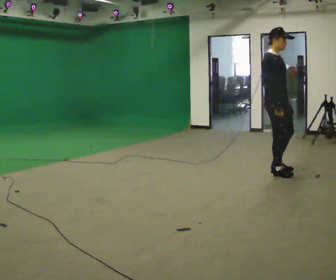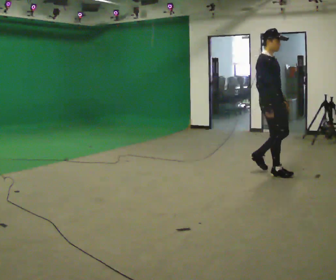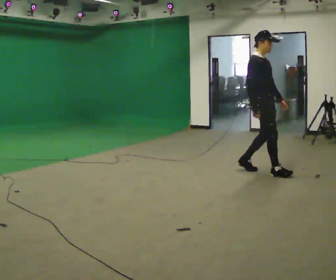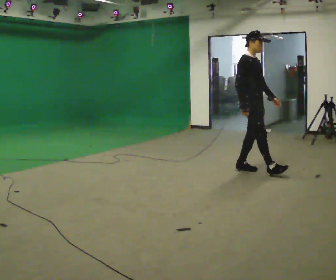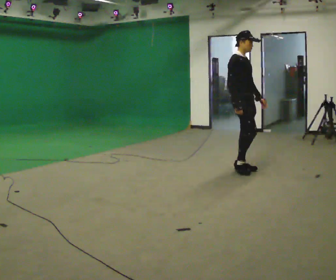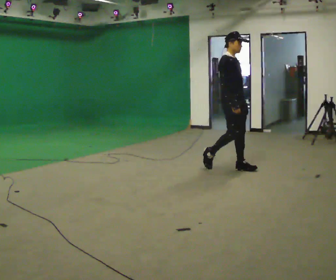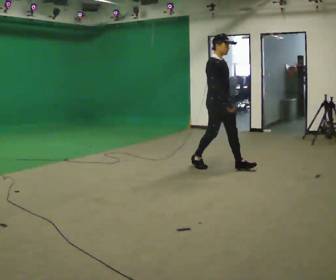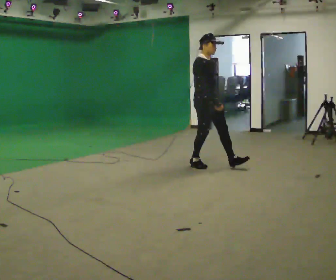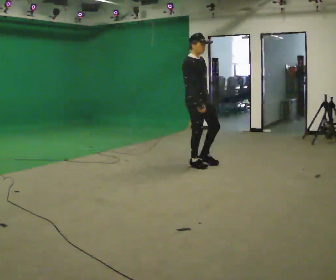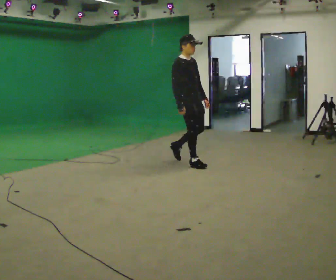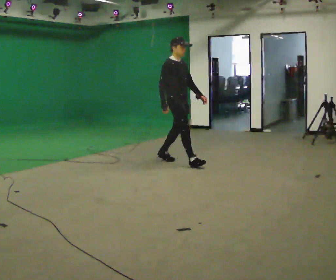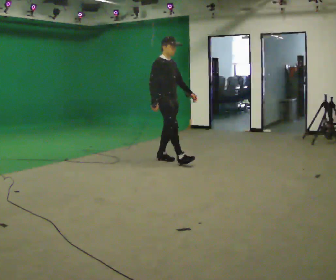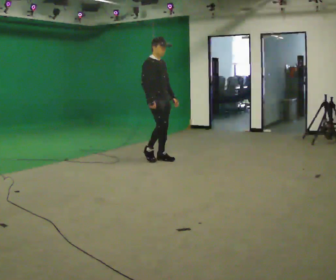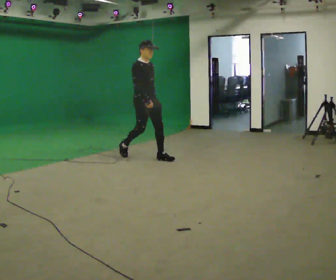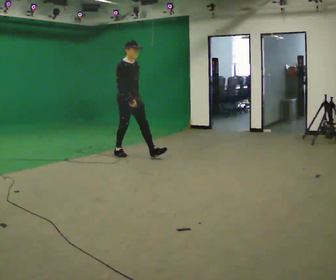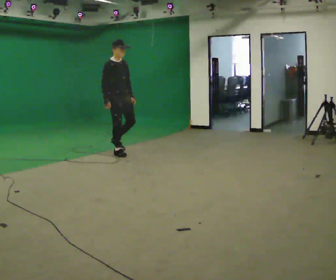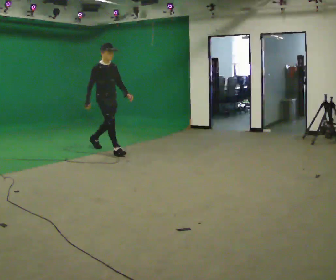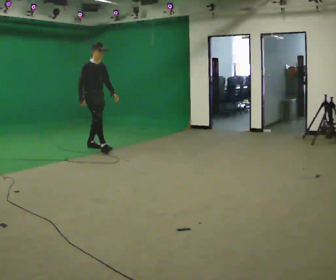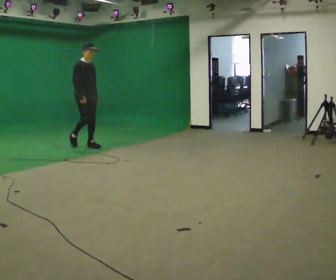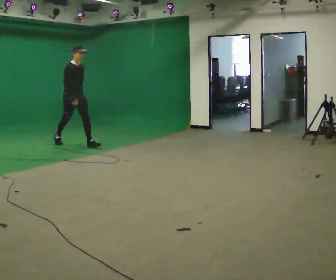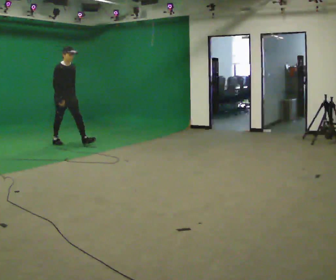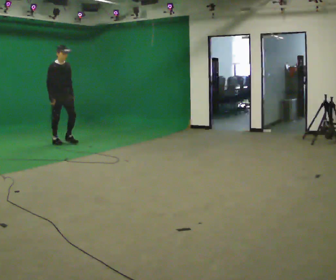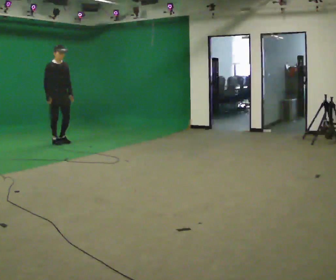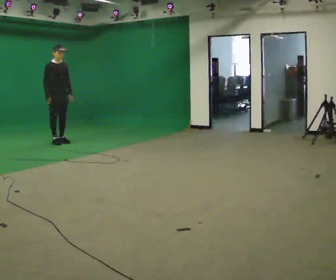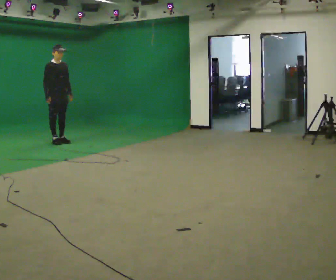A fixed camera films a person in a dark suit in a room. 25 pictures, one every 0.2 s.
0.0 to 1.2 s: In the picture they go to the left and away from the camera, about 0.75 m in 2 steps, which for them is backward.
1.2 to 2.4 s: In the picture they go to the left and away from the camera, about 1 m in 2 steps, which for them is backward.
2.4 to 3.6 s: In the picture they go to the left and away from the camera, about 1.5 m in 2 steps, which for them is backward.
3.6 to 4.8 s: In the picture they go to the left and away from the camera, about 1 m in 1 step, which for them is backward.
The film runs backward here.
